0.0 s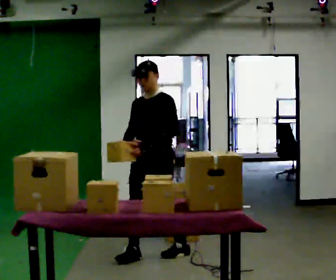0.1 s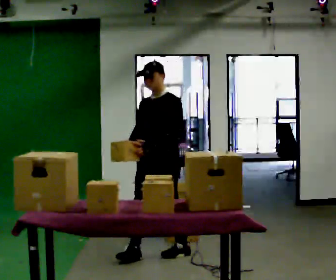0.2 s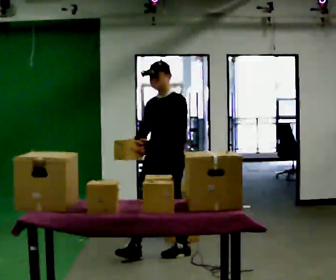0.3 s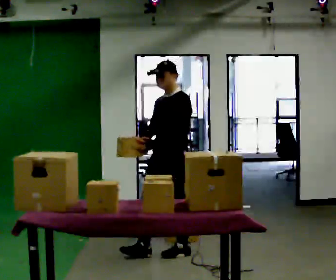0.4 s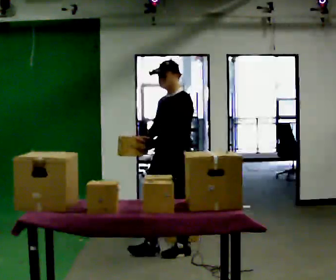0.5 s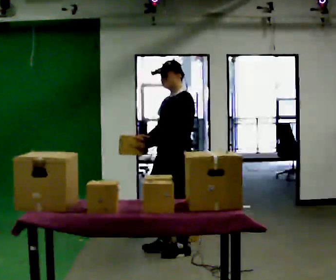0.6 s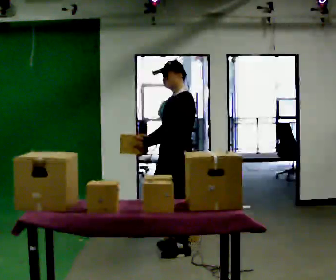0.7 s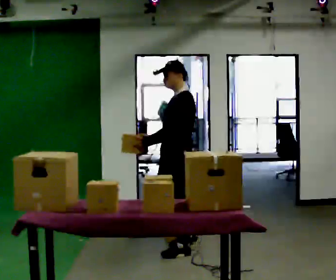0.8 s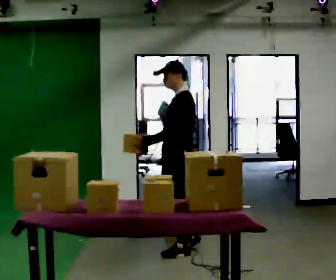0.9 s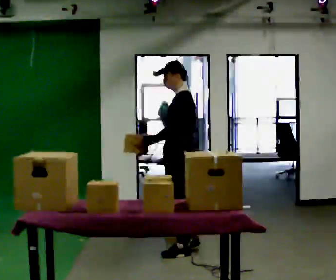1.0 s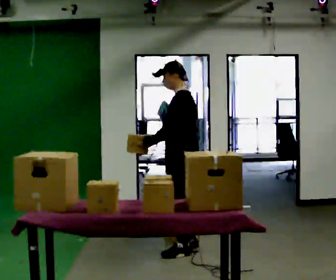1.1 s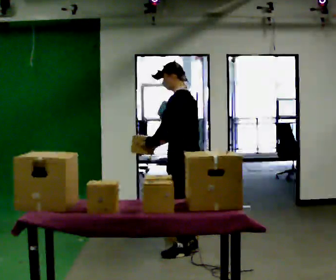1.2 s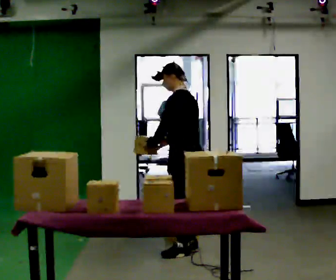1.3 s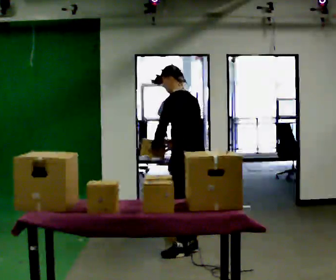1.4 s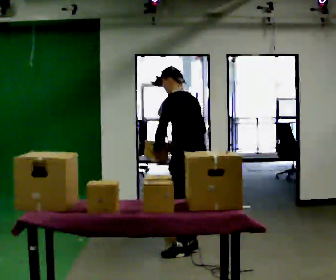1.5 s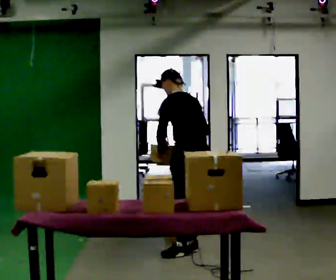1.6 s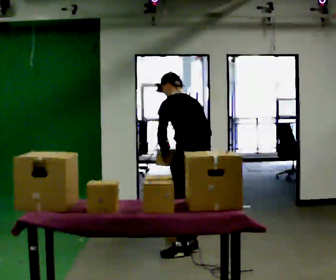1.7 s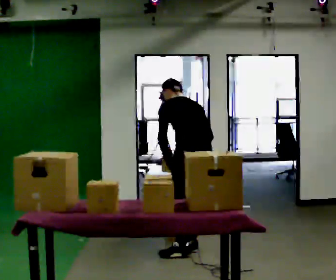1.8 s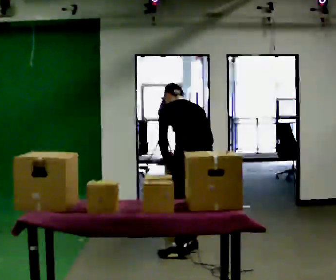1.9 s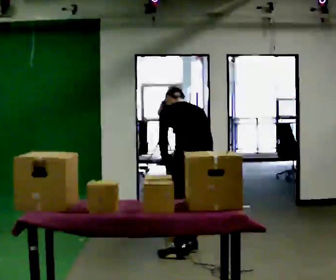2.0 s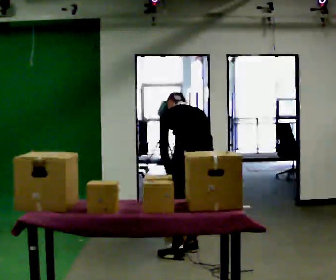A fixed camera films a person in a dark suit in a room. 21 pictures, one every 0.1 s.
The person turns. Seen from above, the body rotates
clockwise.
The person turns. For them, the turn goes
to their right.
0.0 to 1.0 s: The part of the body nearest the lens slides to the left as the person turns to their right by about 60 degrees. In the picture they go to the right, about 0.25 m in 1 step, which for them is backward.
1.0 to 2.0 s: Seen from above the body turns clockwise, about 60 degrees: to their right, with its near side sliding to the left. The upper body tips away from the camera, its near side rolling upward, as they bend forward. In the picture their right hand goes to the right, the arm swinging counterclockwise.
The film runs backward here.
